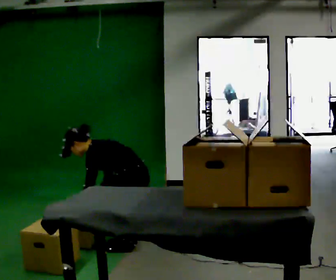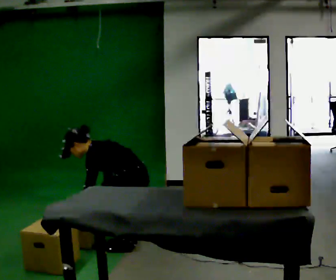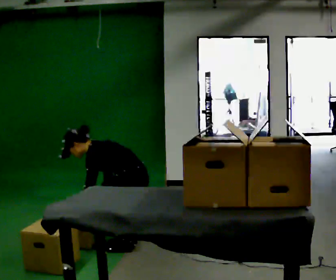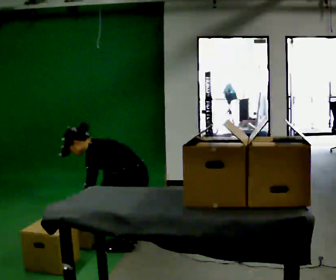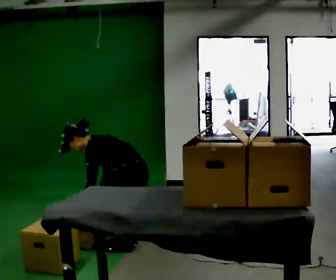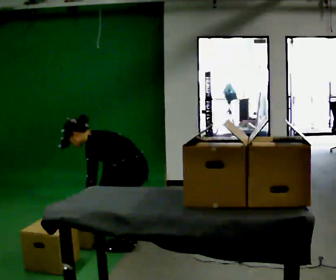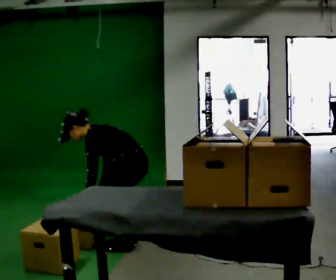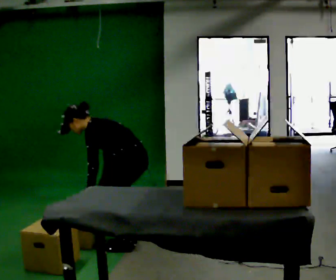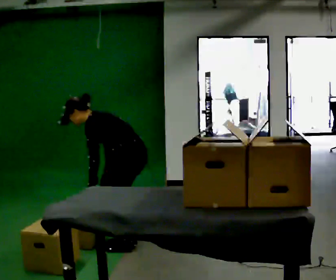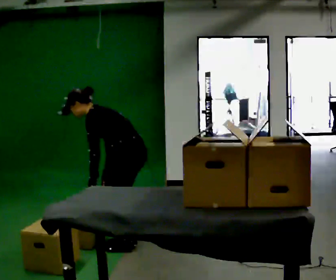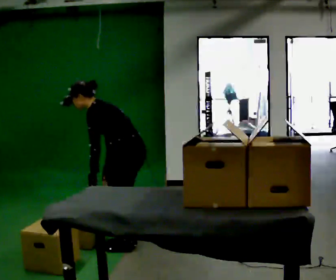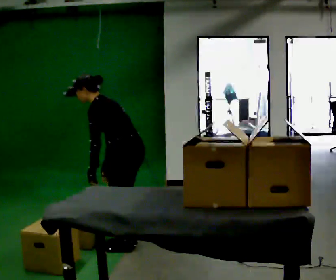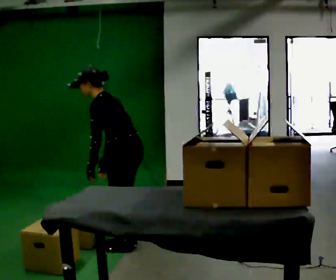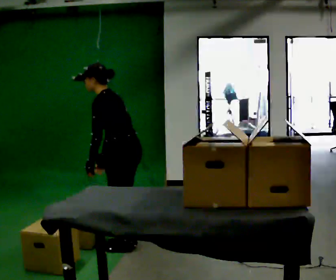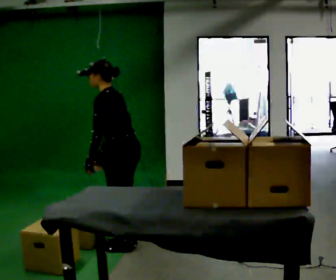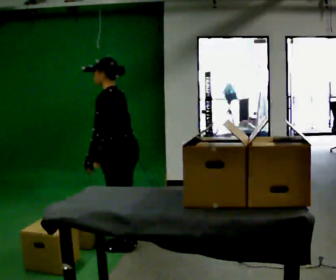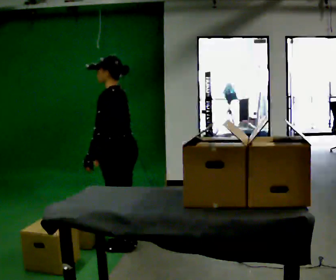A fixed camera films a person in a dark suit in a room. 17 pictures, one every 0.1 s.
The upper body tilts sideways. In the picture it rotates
clockwise.
Their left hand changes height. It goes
upward.
0.0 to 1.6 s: The shoulders move upward. In the picture the upper body tilts clockwise, shoulders to the right, as they lean back or straighten. In the picture their right hand goes upward.
The film runs forward here.
